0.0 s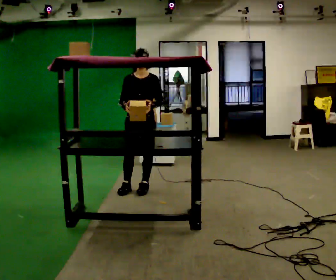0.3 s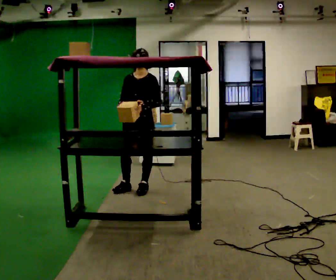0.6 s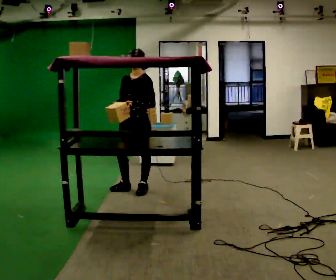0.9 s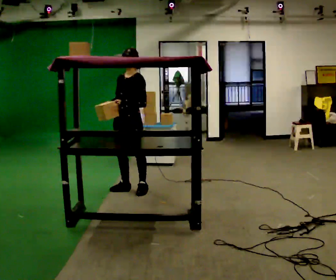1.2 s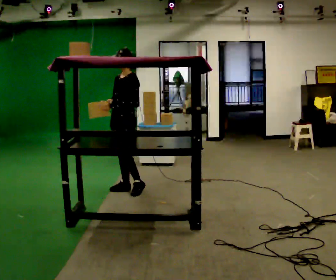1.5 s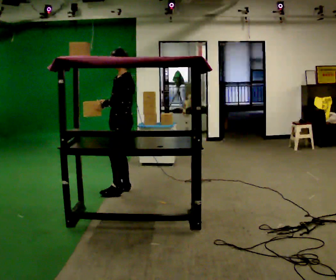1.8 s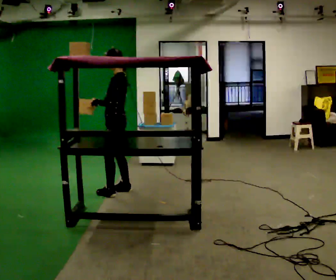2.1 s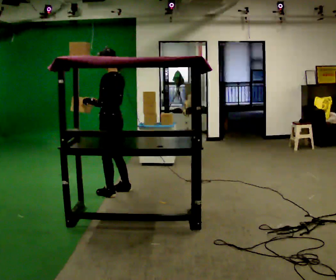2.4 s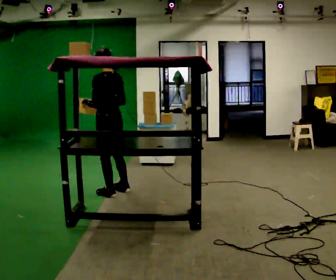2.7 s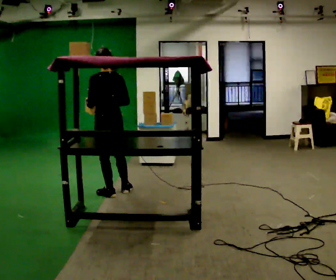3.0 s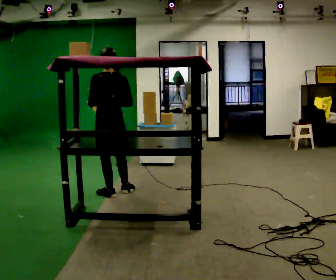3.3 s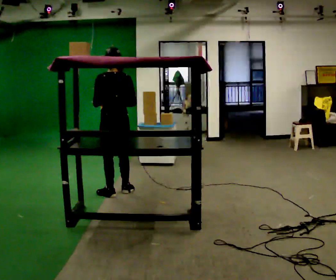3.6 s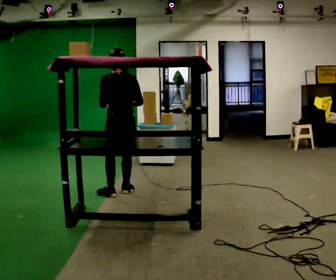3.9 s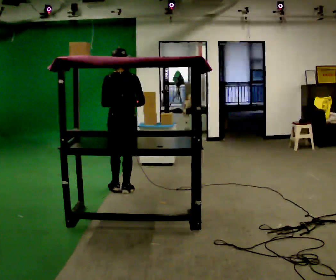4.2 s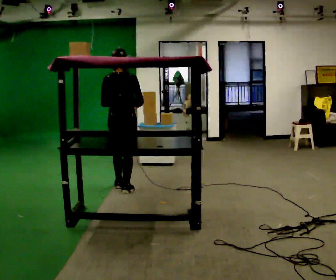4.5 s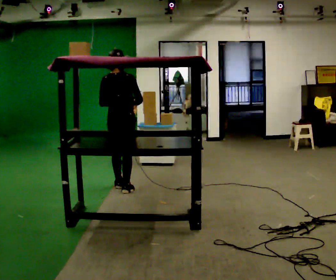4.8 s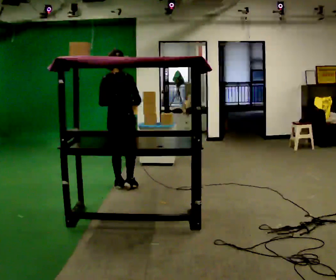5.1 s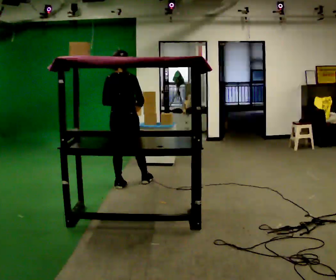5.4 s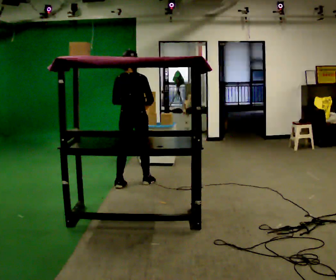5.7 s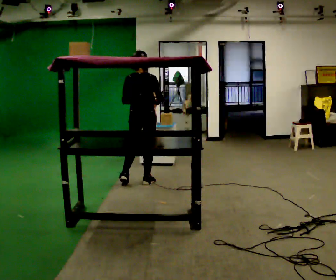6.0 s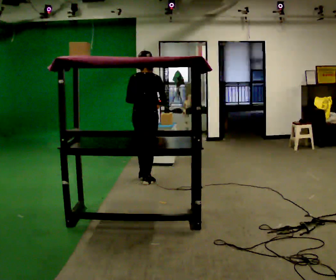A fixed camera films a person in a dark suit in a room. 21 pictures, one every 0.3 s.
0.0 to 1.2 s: The person turns about 45 degrees to their right, clockwise seen from above, so the part of the body nearest the lens slides to the left. In the picture they go to the left, about 0.25 m, which for them is to their right and forward. In the picture their left hand goes to the left.
1.2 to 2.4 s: The person turns about 75 degrees to their right, clockwise seen from above, so the part of the body nearest the lens slides to the left. In the picture they go toward the camera and to the left, about 0.25 m in 1 step.
2.4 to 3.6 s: Seen from above the body turns clockwise, about 30 degrees: to their right, with its near side sliding to the left. In the picture their right hand goes to the right.
3.6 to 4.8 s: Seen from above the body turns clockwise, about 30 degrees: to their right, with its near side sliding to the left. In the picture they go away from the camera, about 0.25 m in 1 step, which for them is forward.
4.8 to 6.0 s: In the picture they go to the right and away from the camera, about 0.5 m in 1 step, which for them is forward and to their right.
The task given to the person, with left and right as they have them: Reach up into the bin on the top shelf, take out one object at a time, and carry it to the table. Keep going until the operator says stop; one object at a time, and do not rush between trips.
The film runs forward here.
